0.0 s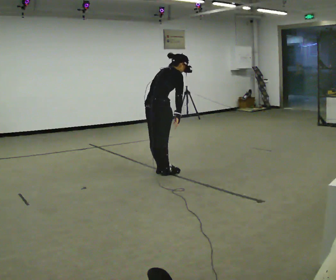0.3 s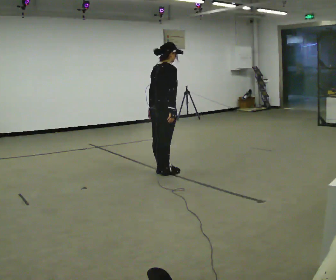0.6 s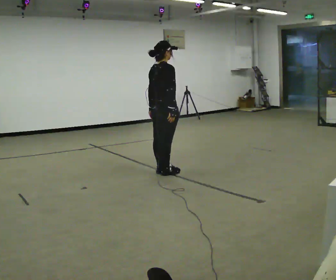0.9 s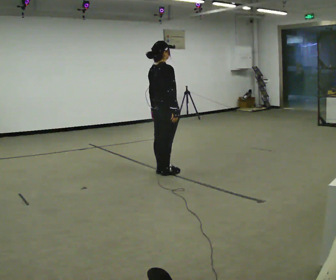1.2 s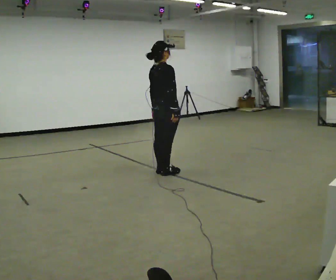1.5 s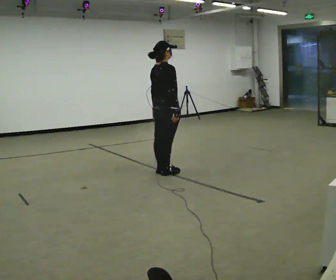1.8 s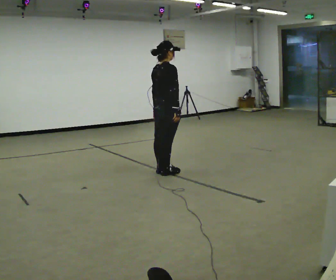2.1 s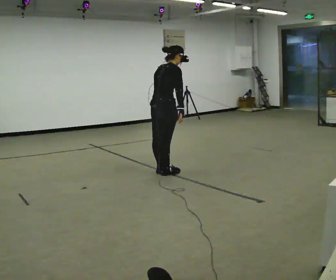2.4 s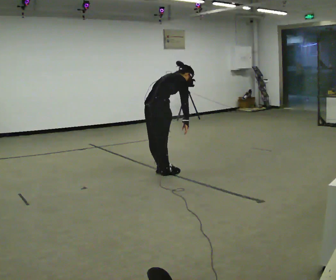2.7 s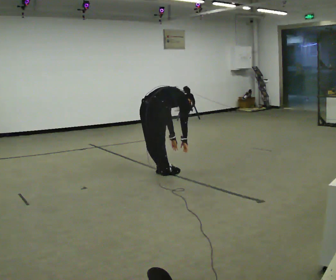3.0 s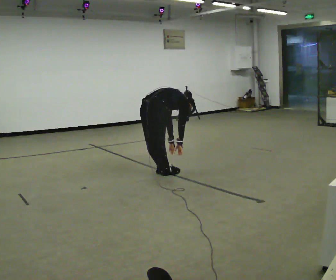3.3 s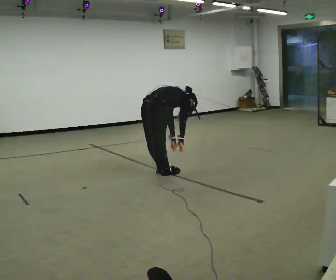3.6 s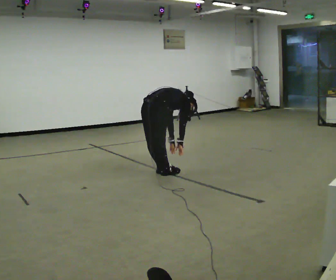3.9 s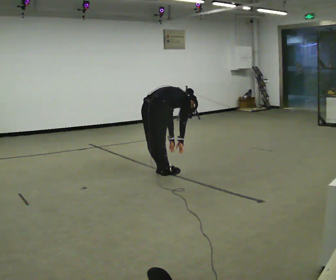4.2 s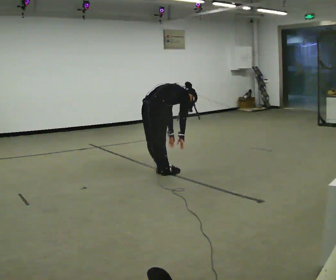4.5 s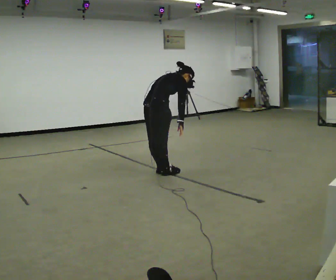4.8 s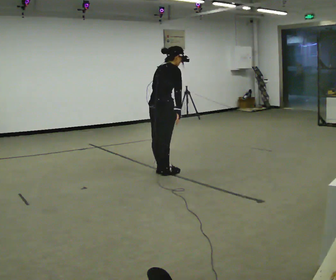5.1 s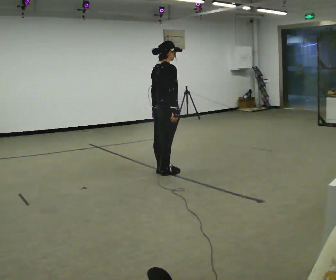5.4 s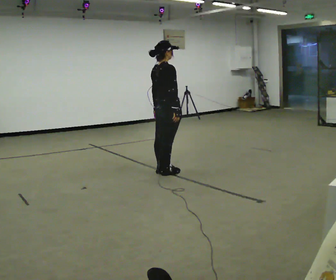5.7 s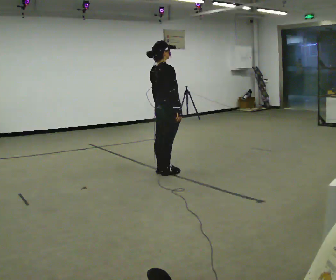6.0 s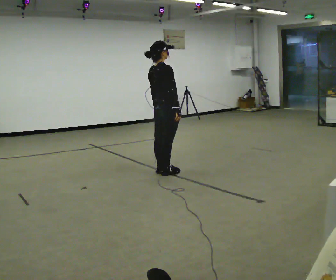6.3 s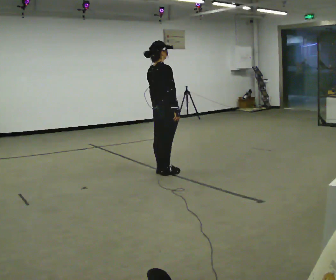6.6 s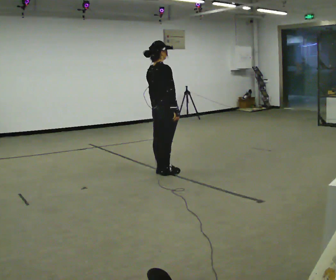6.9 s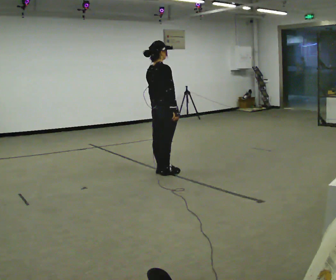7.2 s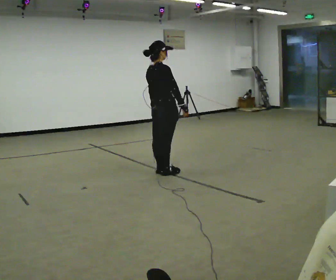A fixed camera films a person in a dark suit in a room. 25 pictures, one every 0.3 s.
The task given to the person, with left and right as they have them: Keeping your feet still, reach down toward the floor in front and to each side, then return to standing. Repeat the movement at your own pace until the operator says stop; do not rush.
0.0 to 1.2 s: In the picture the upper body tilts counterclockwise, shoulders to the left, as they lean back or straighten.
1.2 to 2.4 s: The upper body goes downward. In the picture the upper body tilts clockwise, shoulders to the right, as they bend forward.
2.4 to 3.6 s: The upper body goes downward. In the picture the upper body tilts clockwise, shoulders to the right, as they bend forward.
3.6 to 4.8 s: The shoulders move upward. In the picture the upper body tilts counterclockwise, shoulders to the left, as they lean back or straighten. In the picture their right hand goes upward.
4.8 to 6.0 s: In the picture the upper body tilts counterclockwise, shoulders to the left, as they lean back or straighten.
6.0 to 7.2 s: The person moves a little, or ends about where they began.
The film runs forward here.
